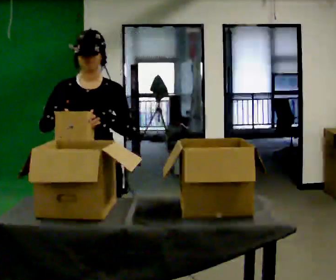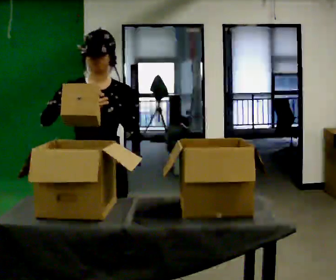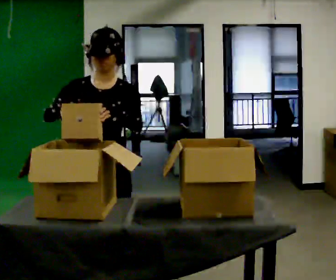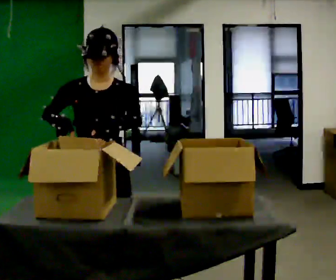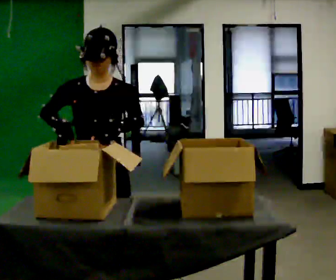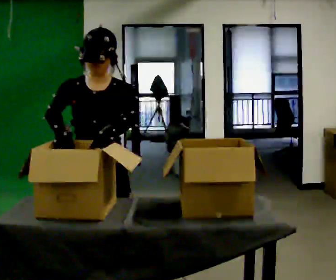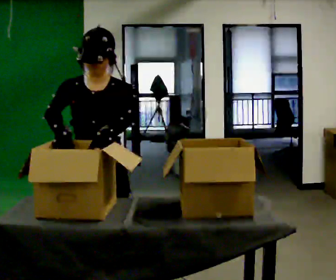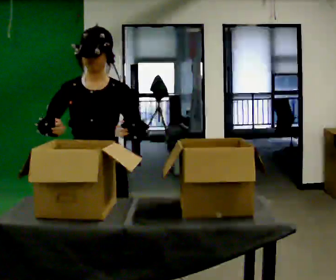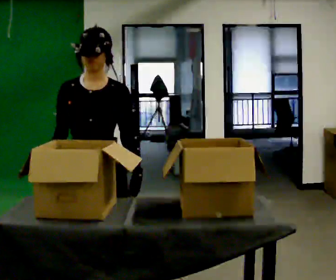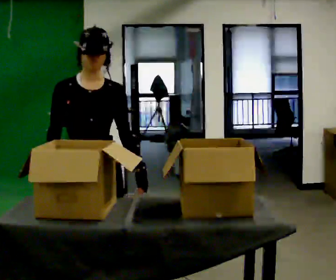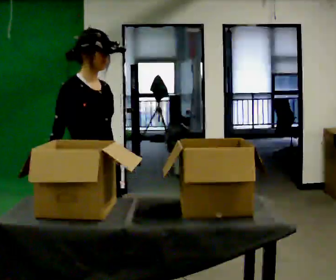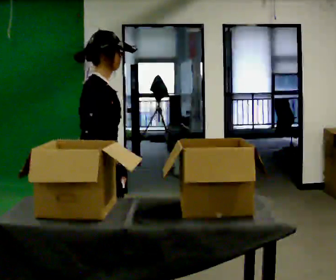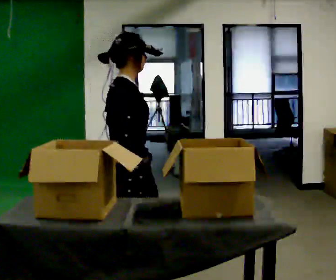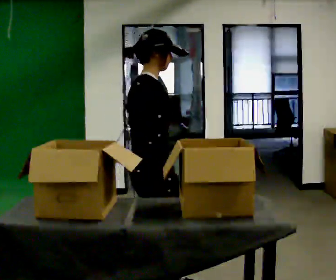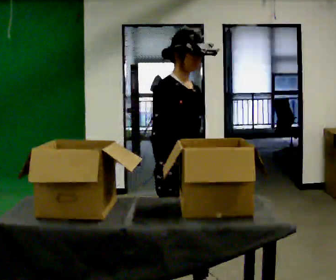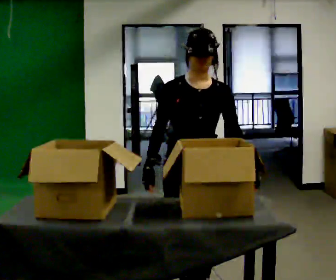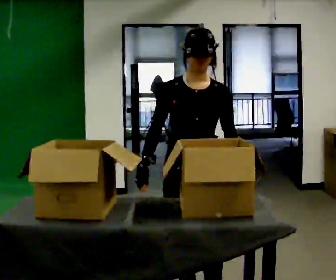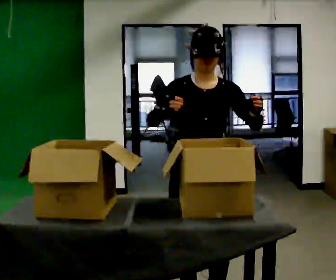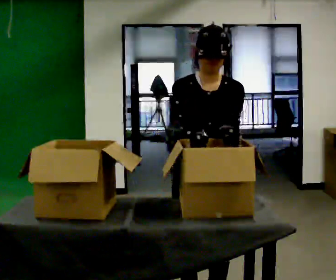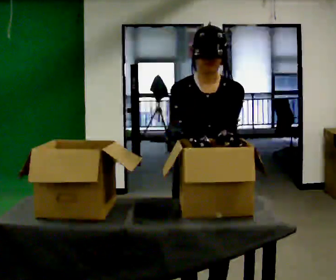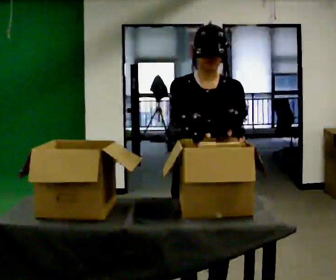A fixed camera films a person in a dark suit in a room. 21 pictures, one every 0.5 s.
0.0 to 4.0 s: In the picture they go toward the camera, about 0.25 m in 2 steps, which for them is forward. In the picture their left hand goes downward.
4.0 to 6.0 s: The person turns about 105 degrees to their left, counterclockwise seen from above, so the part of the body nearest the lens slides to the right. In the picture they go to the right, about 0.25 m in 2 steps. In the picture their right hand goes to the right.
6.0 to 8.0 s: The person turns about 105 degrees to their right, clockwise seen from above, so the part of the body nearest the lens slides to the left. In the picture they go to the right, about 0.5 m in 2 steps.
8.0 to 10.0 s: In the picture their left hand goes upward.
The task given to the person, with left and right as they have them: Move the items from one container to the other one at a time, then move them back. Repeat at your own pace until the operator says stop. Keep both feet on the marked spots for the whole take. If you have to step, stop and tell the operator.
The film runs forward here.
